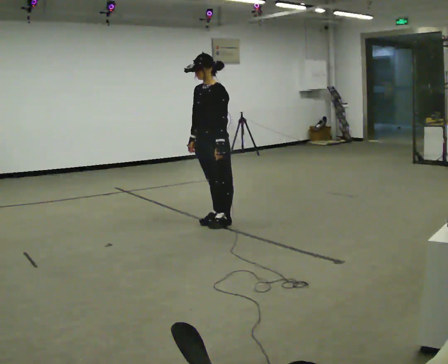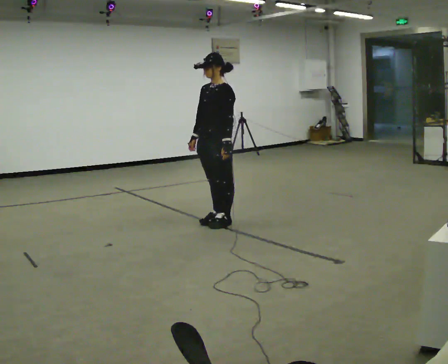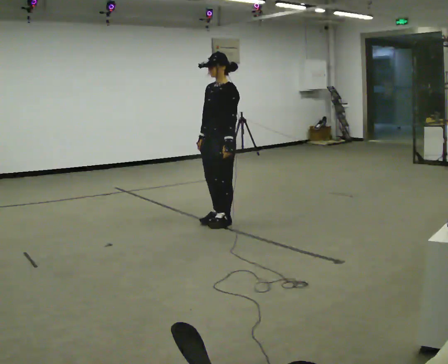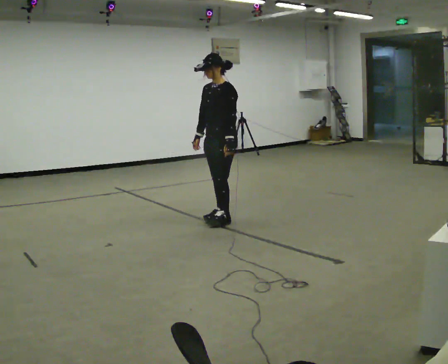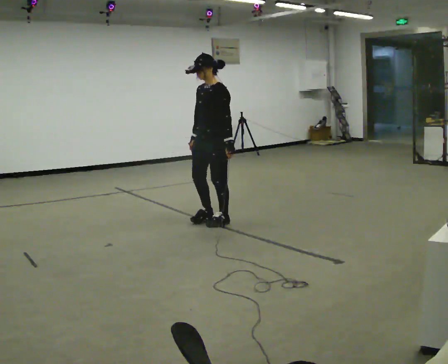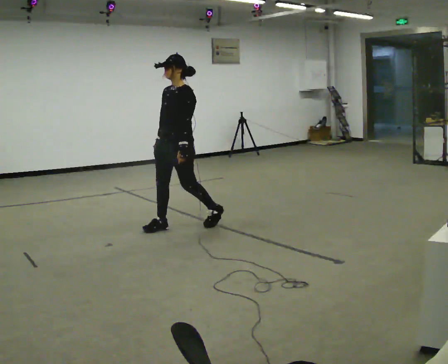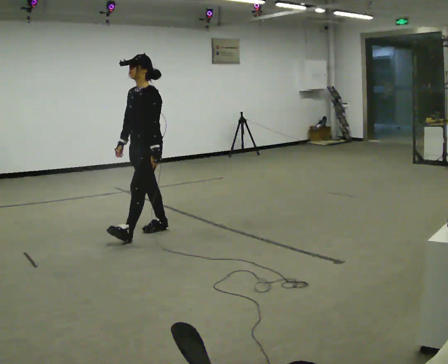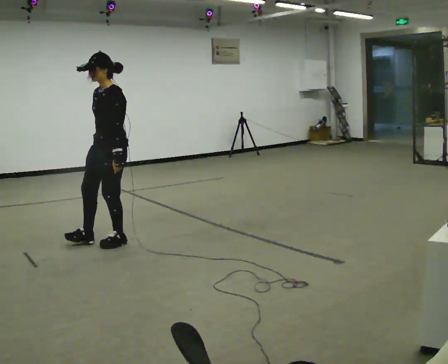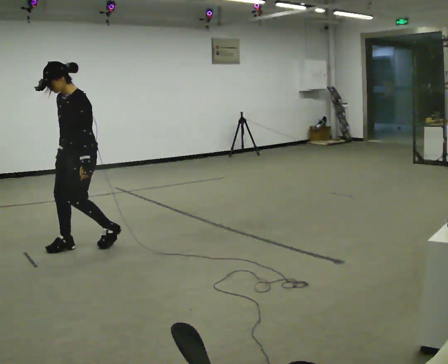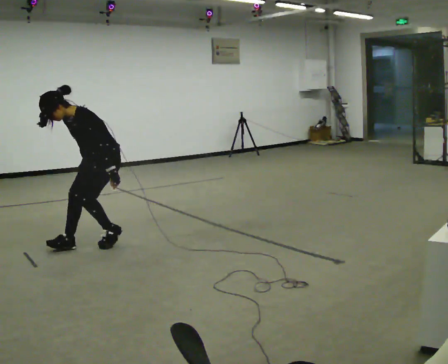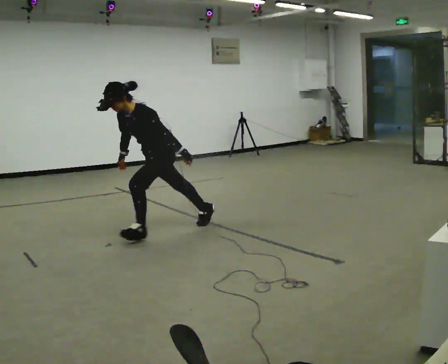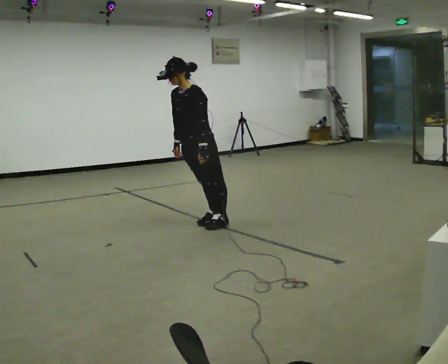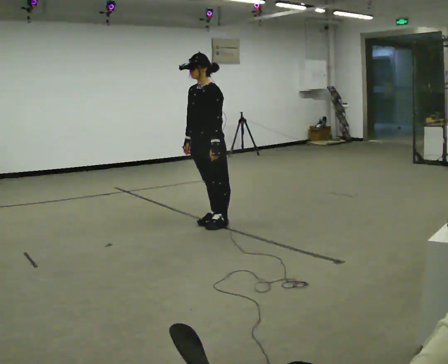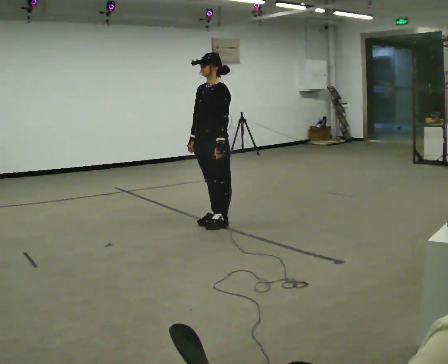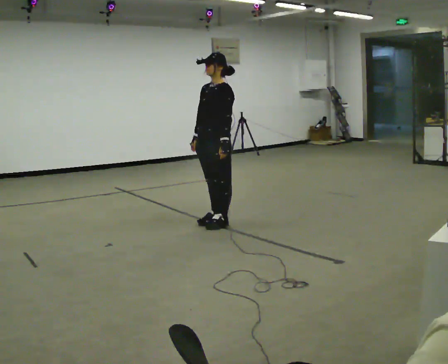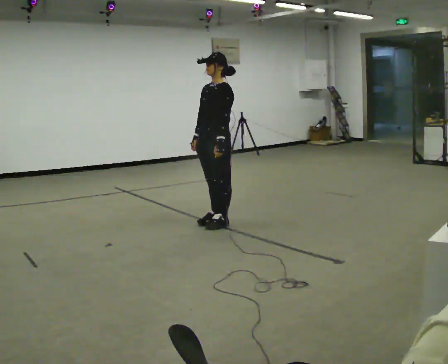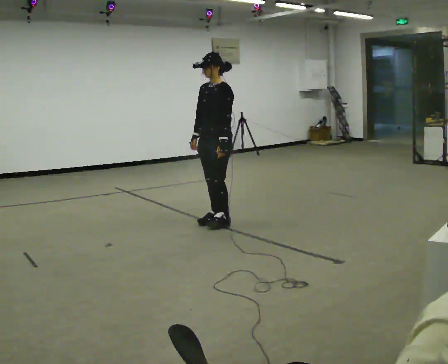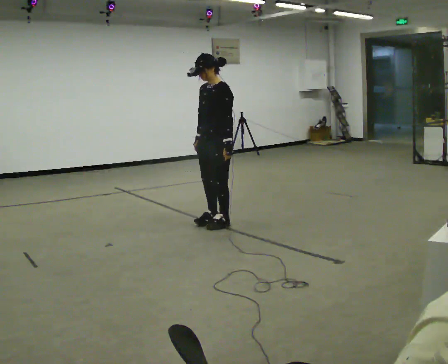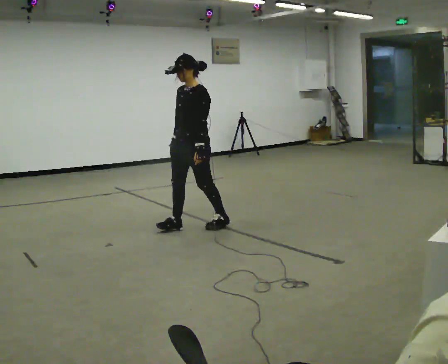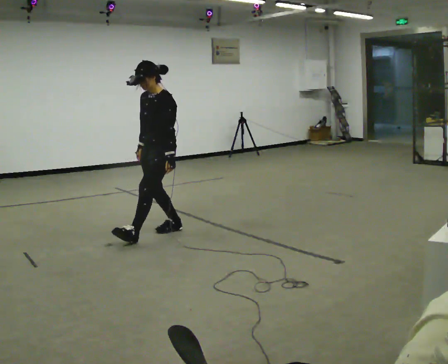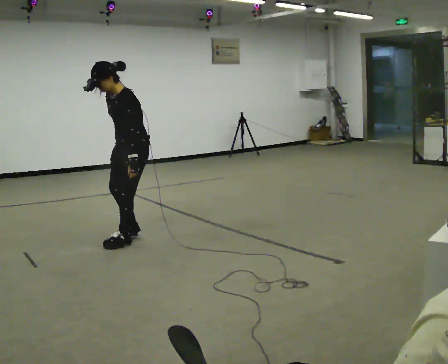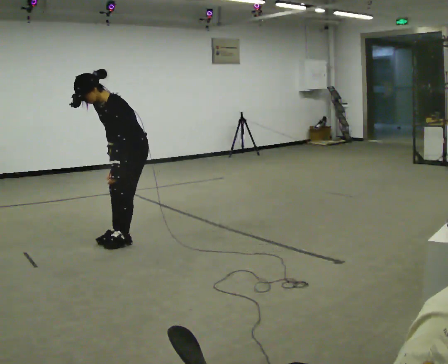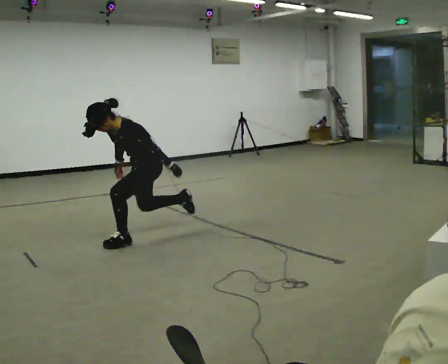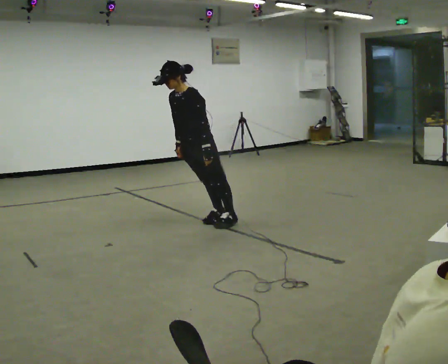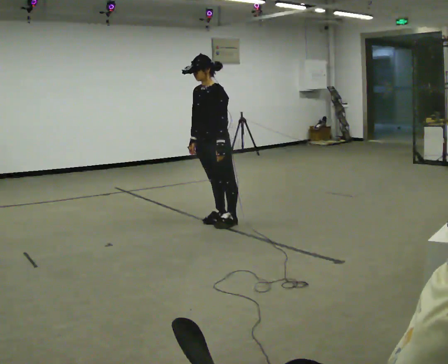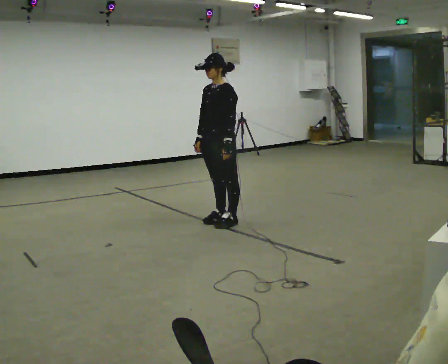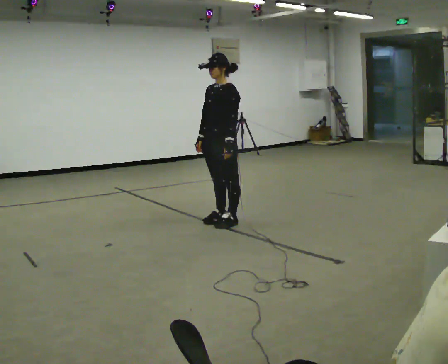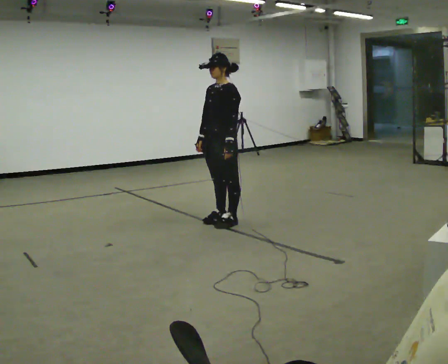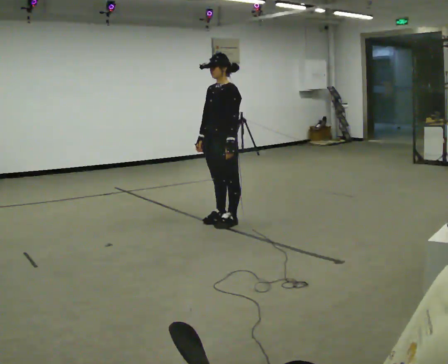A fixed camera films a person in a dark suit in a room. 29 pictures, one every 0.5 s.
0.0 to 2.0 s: The person moves a little, or ends about where they began.
2.0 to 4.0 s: In the picture they go to the left and toward the camera, about 1.5 m in 2 steps, which for them is forward.
4.0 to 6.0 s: In the picture they go to the right and away from the camera, about 1 m in 3 steps, which for them is backward.
6.0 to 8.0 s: The person moves a little, or ends about where they began.
8.0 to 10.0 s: In the picture they go to the left and toward the camera, about 1 m in 3 steps, which for them is forward. The upper body tips toward the camera, its near side rolling downward, as they bend forward.
10.0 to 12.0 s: In the picture they go to the right and away from the camera, about 1 m in 2 steps, which for them is backward.
12.0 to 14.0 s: The person moves a little, or ends about where they began.
The film runs backward here.
